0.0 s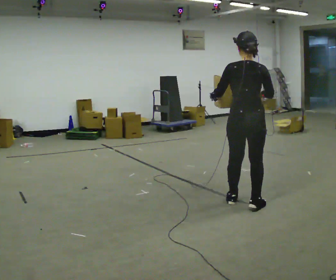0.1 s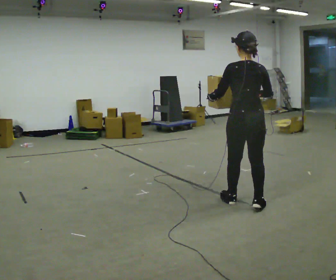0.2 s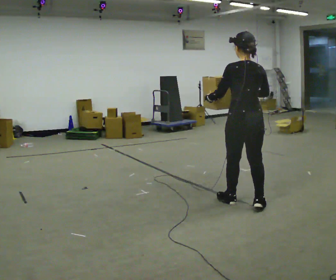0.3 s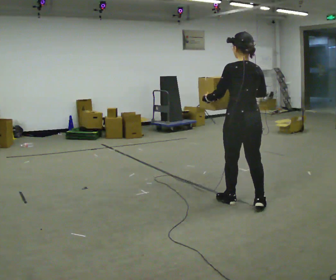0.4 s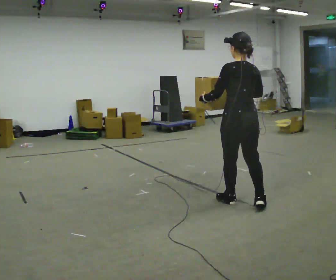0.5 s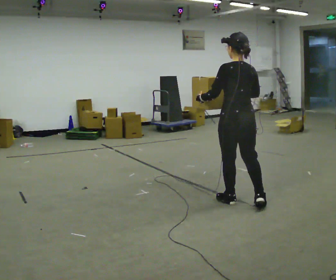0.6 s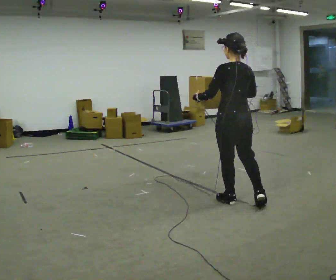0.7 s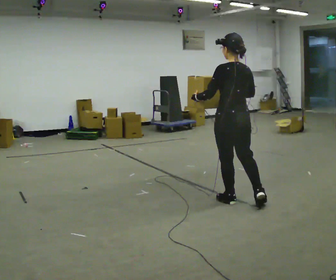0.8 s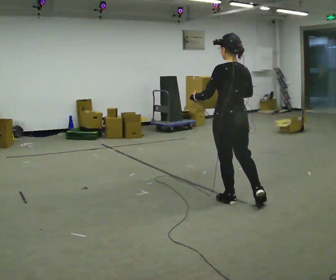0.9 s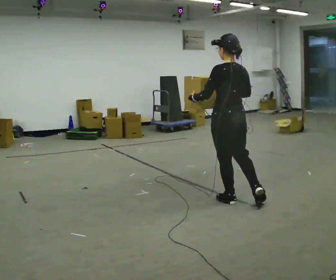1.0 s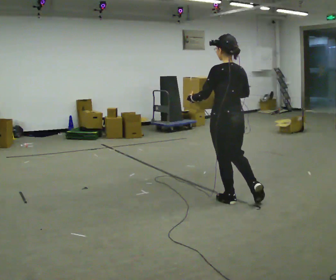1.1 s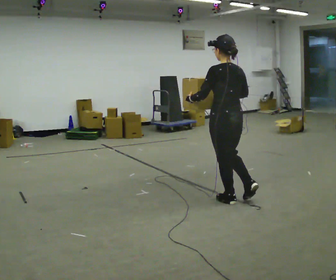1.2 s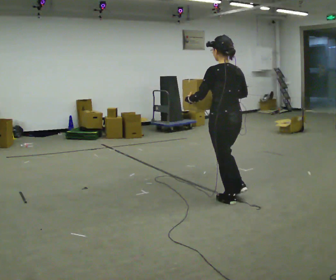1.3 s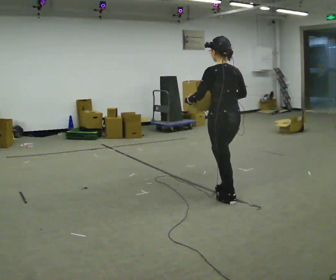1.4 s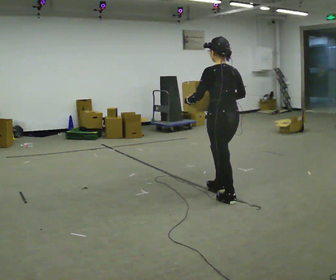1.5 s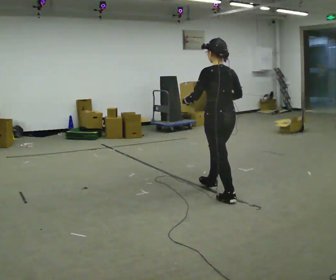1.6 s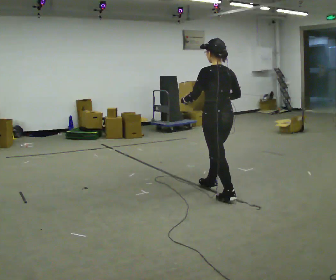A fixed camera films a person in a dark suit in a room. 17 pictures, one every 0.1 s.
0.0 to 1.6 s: The person turns about 30 degrees to their left, counterclockwise seen from above, so the part of the body nearest the lens slides to the right. In the picture they go away from the camera and to the left, about 0.5 m in 2 steps, which for them is forward.
The film runs forward here.
